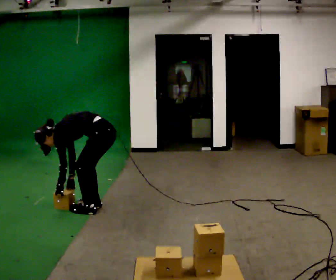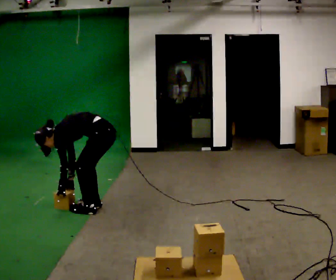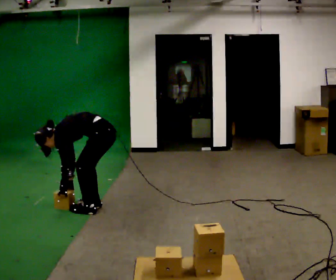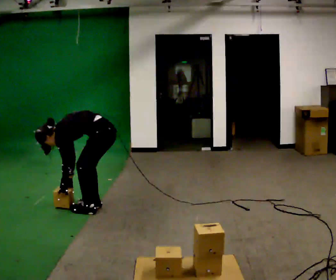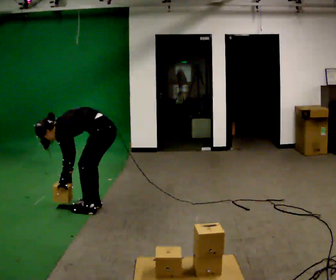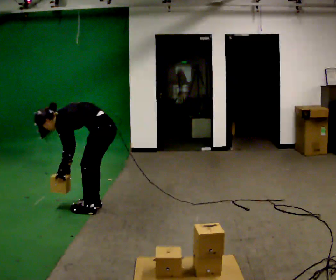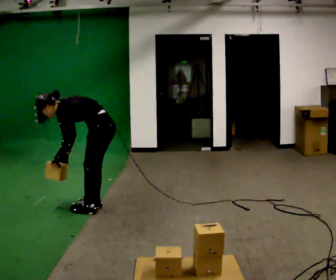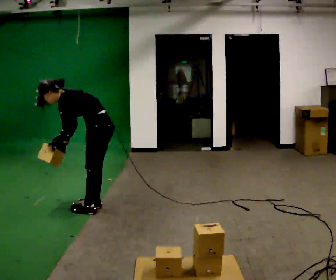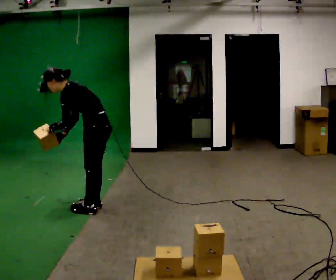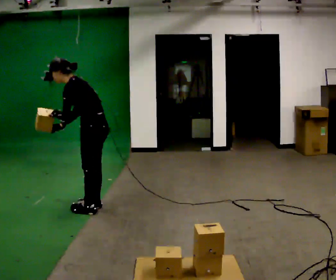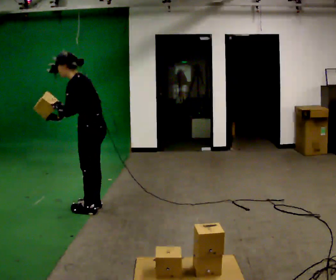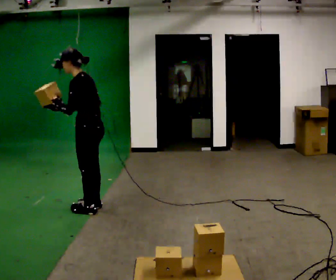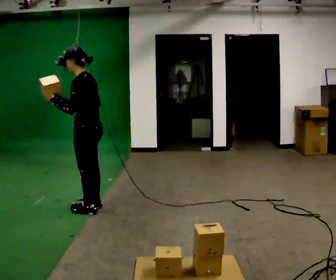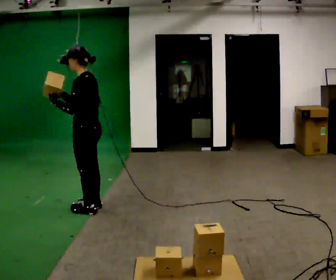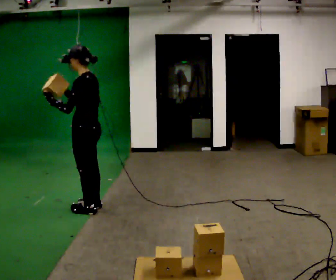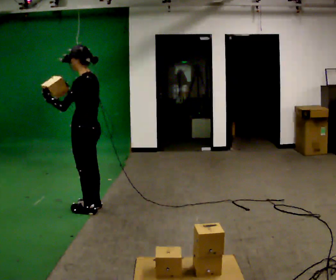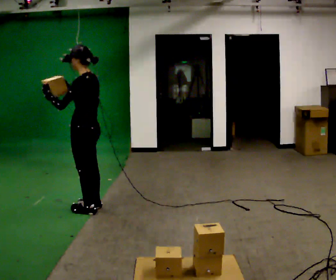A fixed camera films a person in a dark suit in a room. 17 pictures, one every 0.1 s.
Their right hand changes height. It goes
upward.
The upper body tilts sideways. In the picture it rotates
clockwise.
0.0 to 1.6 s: In the picture they go to the left, about 0.25 m, which for them is forward. The upper body goes upward. In the picture the upper body tilts clockwise, shoulders to the right, as they lean back or straighten. In the picture their right hand goes upward.
The film runs forward here.
